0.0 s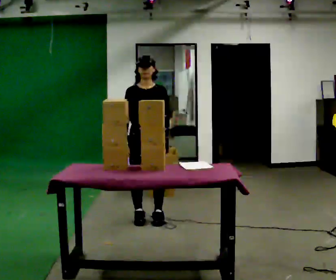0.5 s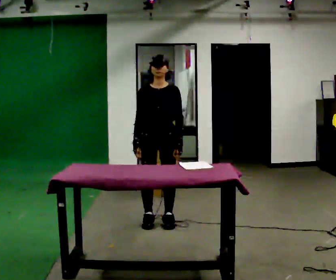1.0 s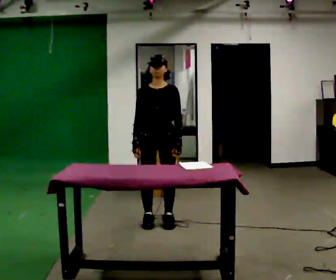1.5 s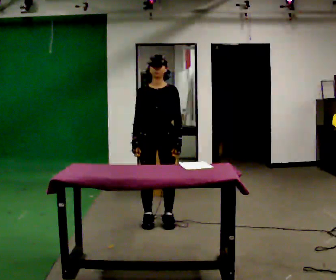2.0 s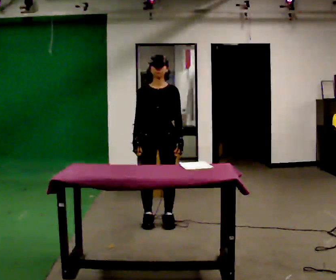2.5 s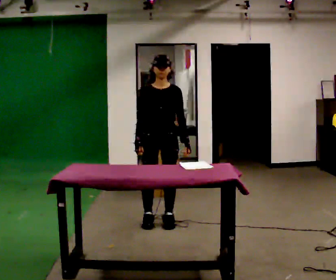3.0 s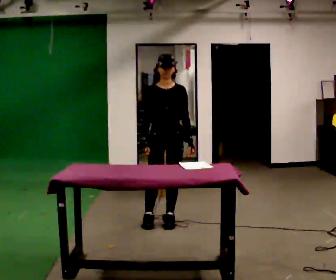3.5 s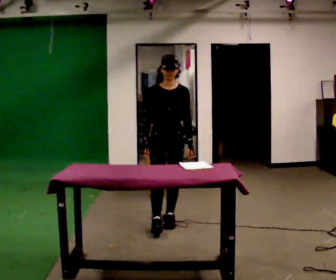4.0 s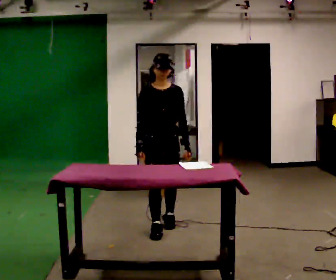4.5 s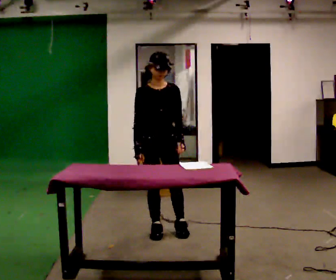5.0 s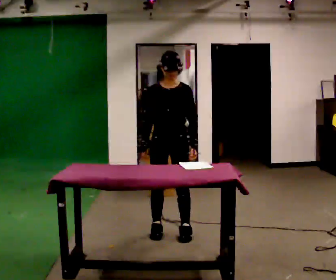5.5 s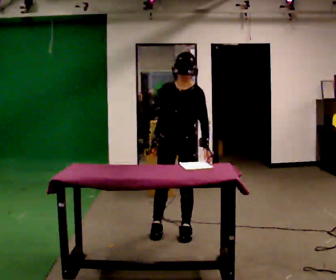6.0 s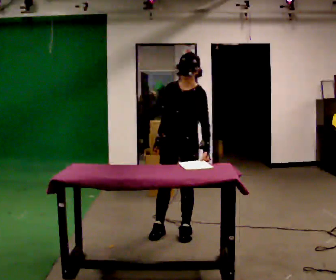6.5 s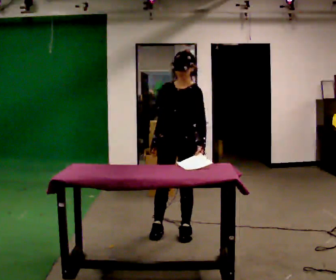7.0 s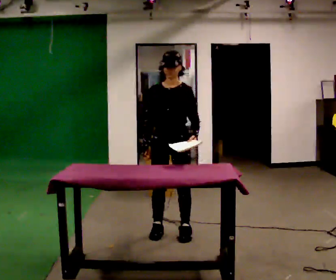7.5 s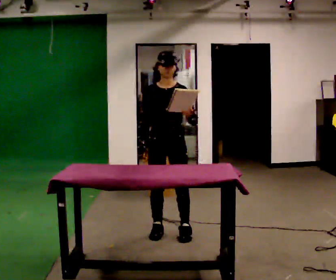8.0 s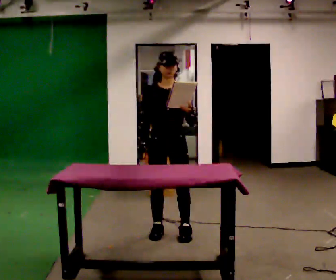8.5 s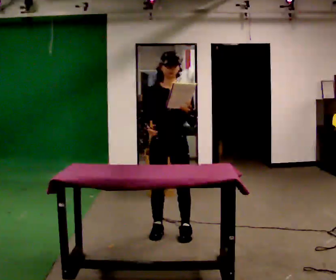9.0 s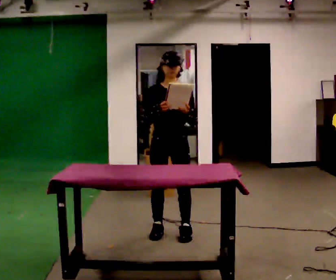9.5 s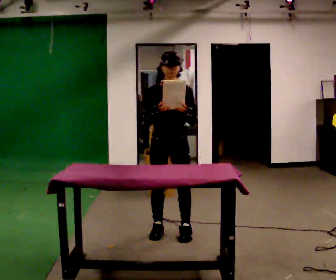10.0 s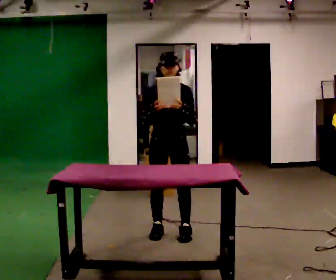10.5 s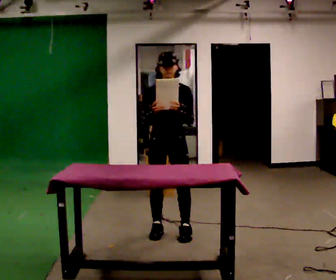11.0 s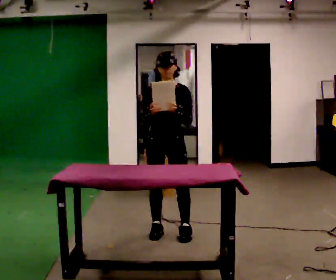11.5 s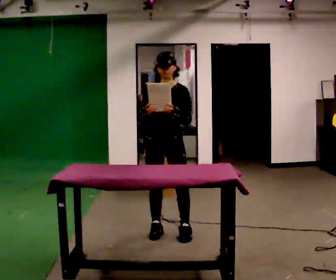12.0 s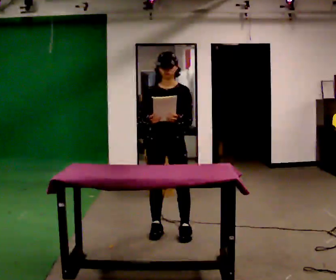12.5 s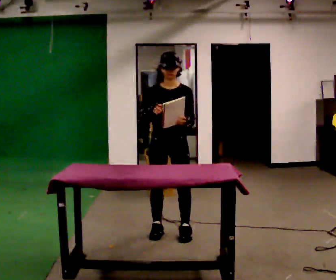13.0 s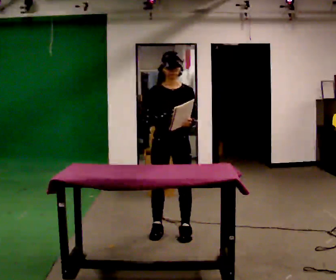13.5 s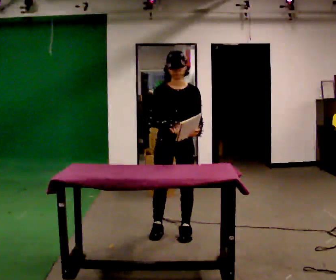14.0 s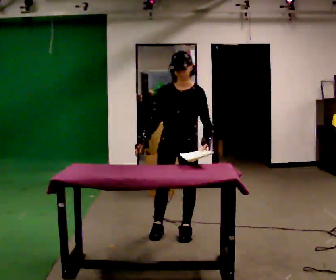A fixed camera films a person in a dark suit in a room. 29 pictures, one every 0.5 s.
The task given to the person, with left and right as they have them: 1. Read the list the operator gives you. 2. Collect the six items on the list from the shelves. 3. Put them all in the bin on the table. 4. Tell the operator when you are finished.
0.0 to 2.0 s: The person moves a little, or ends about where they began.
2.0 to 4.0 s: In the picture they go toward the camera, about 0.25 m in 1 step, which for them is forward.
4.0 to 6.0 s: Seen from above the body turns clockwise, about 45 degrees: to their right, with its near side sliding to the left. In the picture they go to the right, about 0.25 m in 1 step, which for them is to their left and forward.
6.0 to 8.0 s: The part of the body nearest the lens slides to the right as the person turns to their left by about 30 degrees.
8.0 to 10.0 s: In the picture their right hand goes upward.
10.0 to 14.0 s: The person moves a little, or ends about where they began.
The film runs forward here.
